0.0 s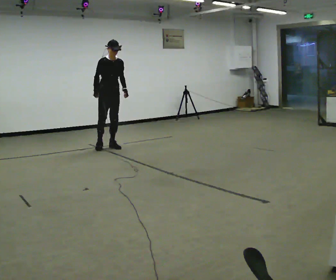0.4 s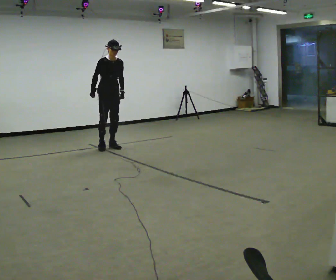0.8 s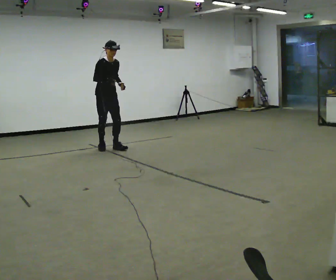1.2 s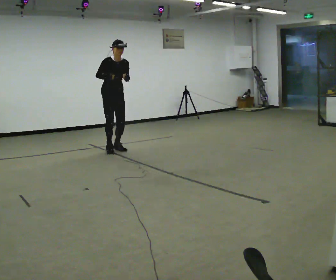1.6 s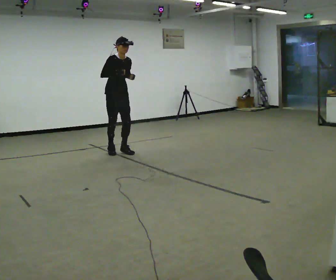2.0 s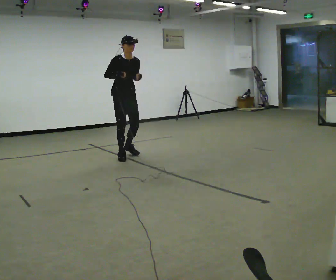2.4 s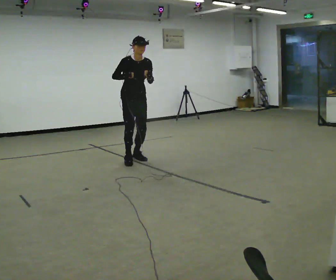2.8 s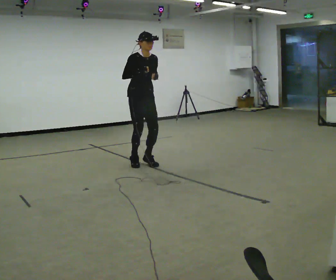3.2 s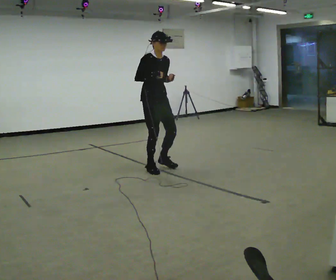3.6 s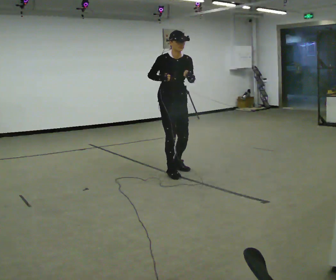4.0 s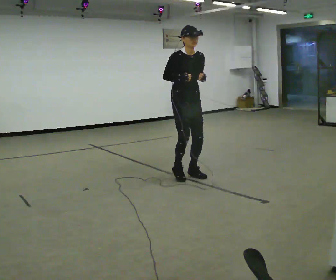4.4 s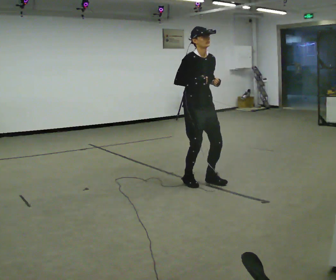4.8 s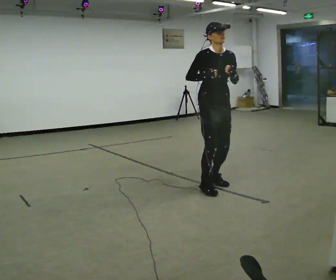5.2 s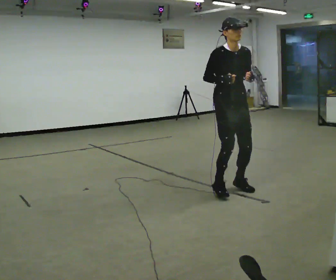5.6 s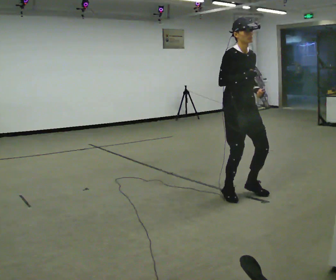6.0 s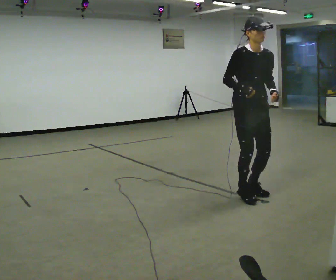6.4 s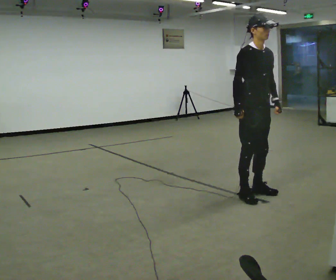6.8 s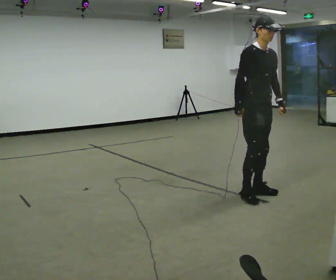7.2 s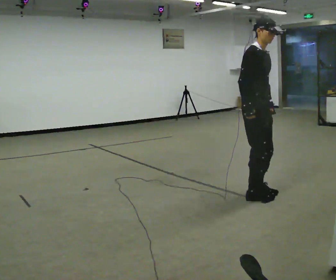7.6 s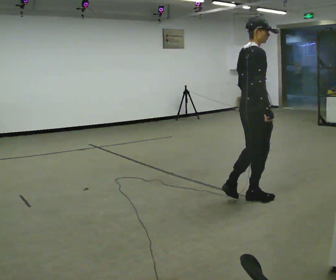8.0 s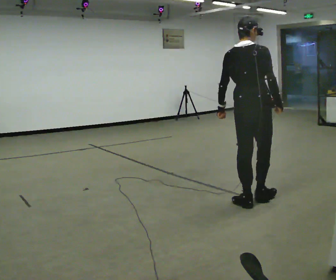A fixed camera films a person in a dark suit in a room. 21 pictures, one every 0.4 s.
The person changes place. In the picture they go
toward the camera.
0.0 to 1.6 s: In the picture they go toward the camera and to the right, about 0.5 m in 3 steps, which for them is forward.
1.6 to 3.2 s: In the picture they go toward the camera and to the right, about 1 m in 6 steps, which for them is forward.
3.2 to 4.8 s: In the picture they go toward the camera and to the right, about 1 m in 5 steps, which for them is forward.
4.8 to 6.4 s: In the picture they go toward the camera and to the right, about 0.5 m in 4 steps, which for them is forward.
6.4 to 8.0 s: The part of the body nearest the lens slides to the right as the person turns to their left by about 120 degrees. In the picture they go toward the camera, about 0.25 m in 2 steps.
The film runs backward here.
